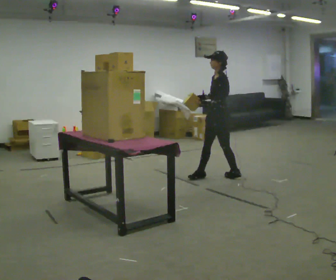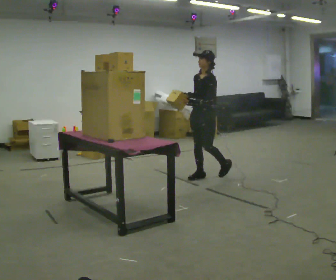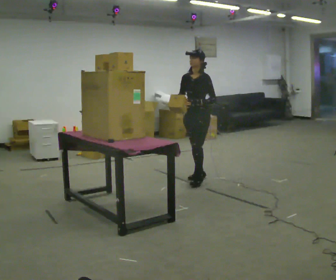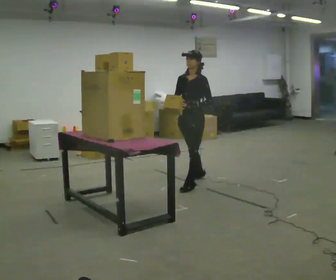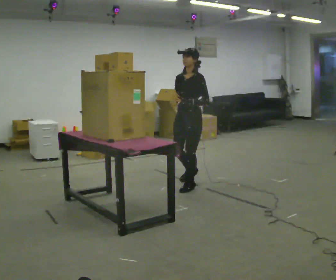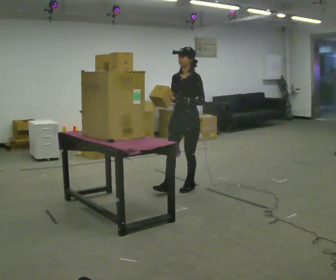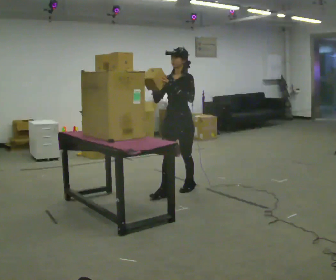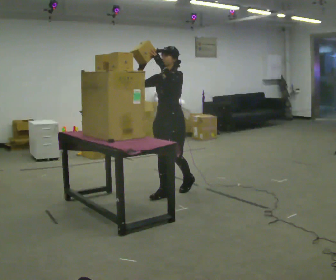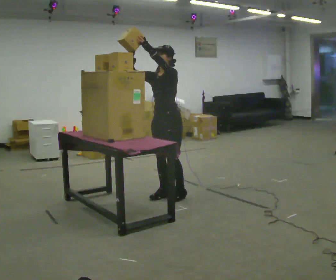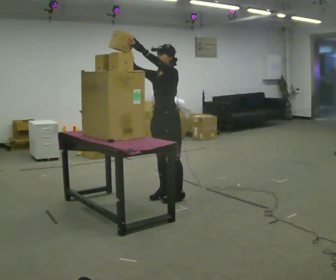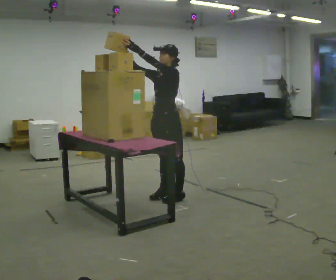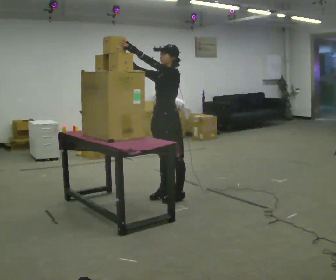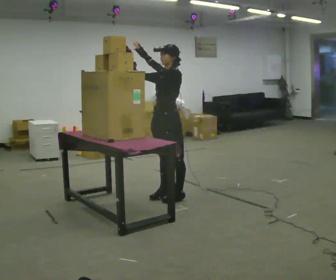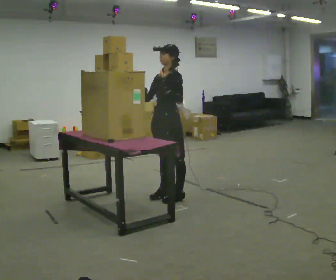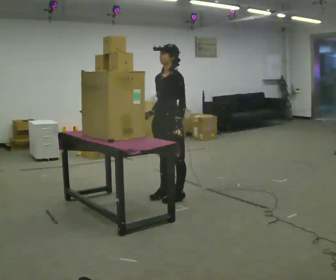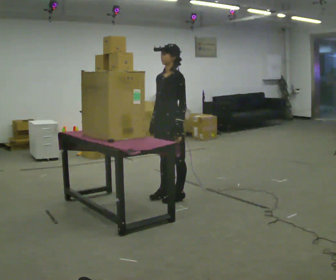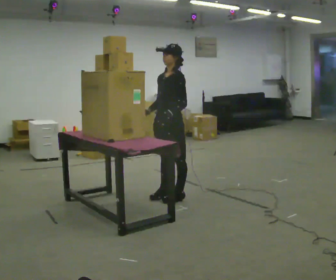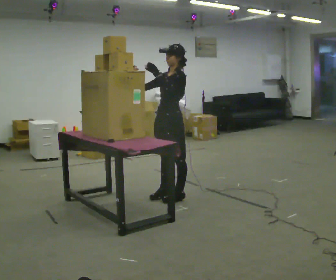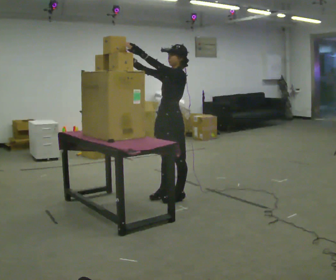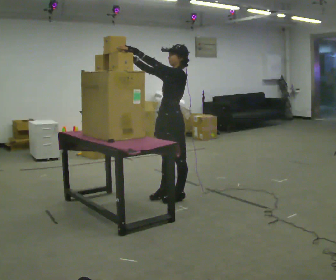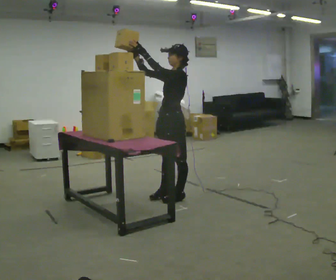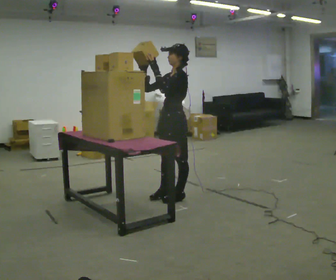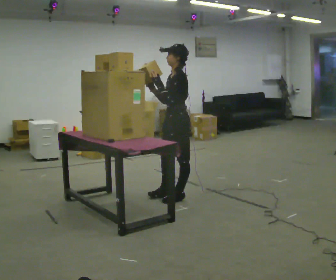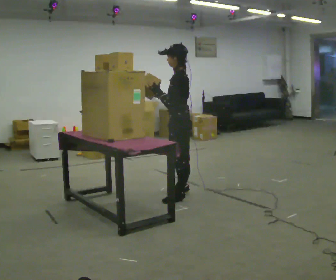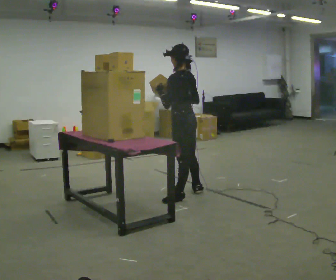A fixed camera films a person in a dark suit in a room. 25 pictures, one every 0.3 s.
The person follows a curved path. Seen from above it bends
counterclockwise.
0.0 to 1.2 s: Seen from above the body turns counterclockwise, about 30 degrees: to their left, with its near side sliding to the right. In the picture they go to the left and toward the camera, about 0.5 m in 1 step, which for them is forward.
1.2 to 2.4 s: In the picture they go toward the camera and to the left, about 0.5 m in 1 step, which for them is forward. In the picture their left hand goes upward.
2.4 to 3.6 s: The person moves a little, or ends about where they began.
3.6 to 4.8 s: In the picture their right hand goes downward.
4.8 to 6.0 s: In the picture their left hand goes upward.
6.0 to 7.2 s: The part of the body nearest the lens slides to the left as the person turns to their right by about 60 degrees. In the picture their right hand goes to the right and downward.
The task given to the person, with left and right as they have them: Carry the object across the room and place it on the shelf just at the top of your comfortable reach. Keep going until the operator says stop; one object at a time, and do not rush between trips.
The film runs forward here.
